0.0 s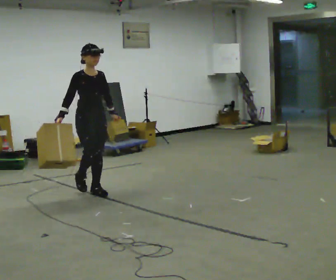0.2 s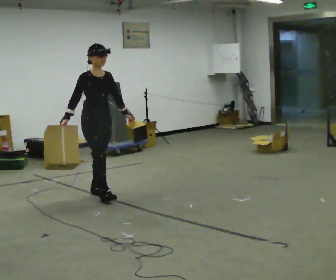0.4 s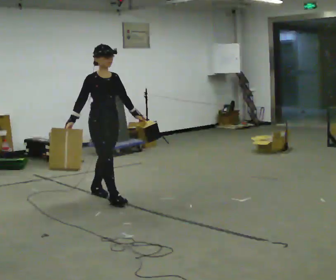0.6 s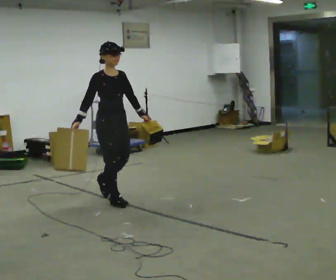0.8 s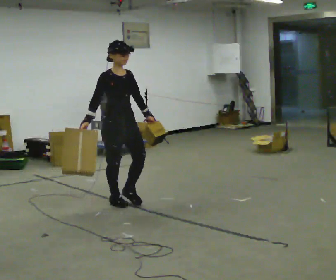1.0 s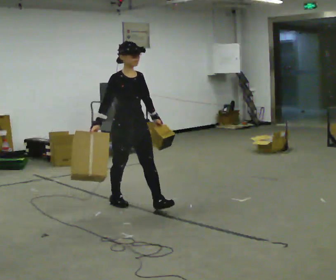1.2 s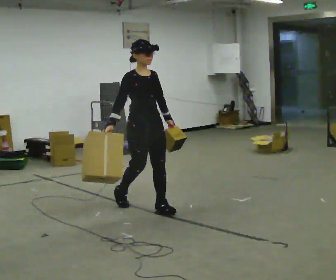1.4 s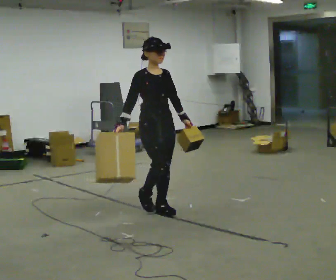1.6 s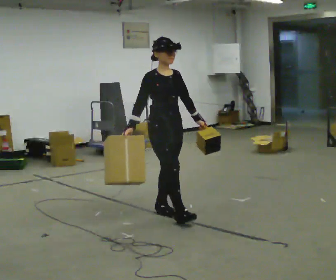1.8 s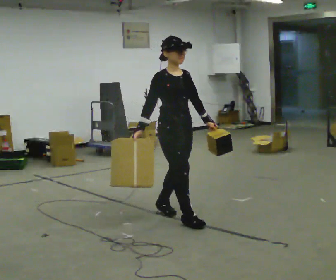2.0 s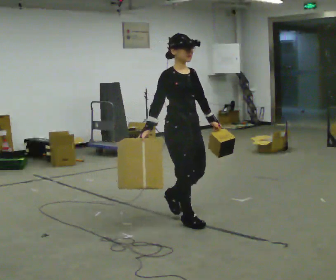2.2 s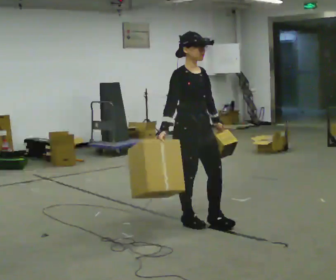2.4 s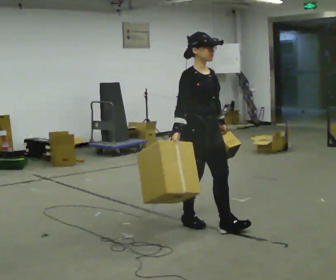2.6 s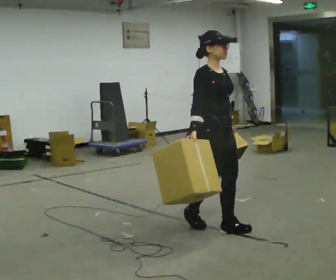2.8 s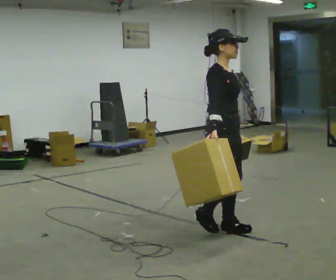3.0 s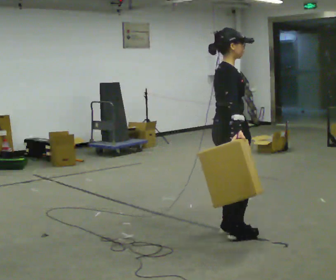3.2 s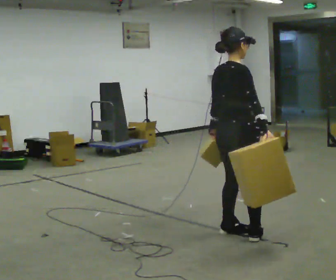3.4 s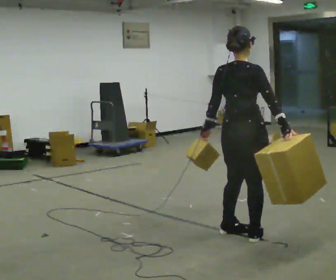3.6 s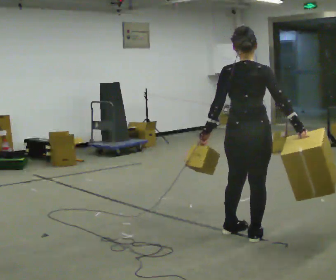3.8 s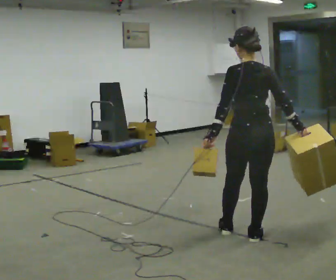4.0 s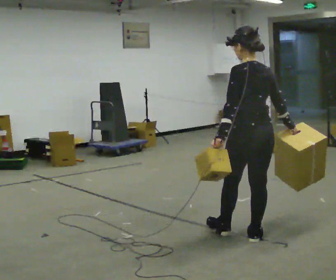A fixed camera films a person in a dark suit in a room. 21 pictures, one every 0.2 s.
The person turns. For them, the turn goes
to their left.
Their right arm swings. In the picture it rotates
counterclockwise.
0.0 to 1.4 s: In the picture they go toward the camera and to the right, about 1 m in 2 steps, which for them is forward.
1.4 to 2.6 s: In the picture they go toward the camera and to the right, about 0.5 m in 2 steps, which for them is forward.
2.6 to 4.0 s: Seen from above the body turns counterclockwise, about 165 degrees: to their left, with its near side sliding to the right. In the picture they go toward the camera and to the right, about 0.5 m in 1 step.
The film runs forward here.
